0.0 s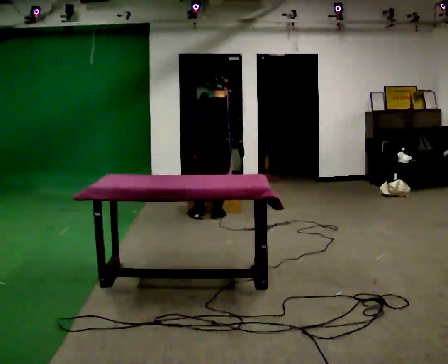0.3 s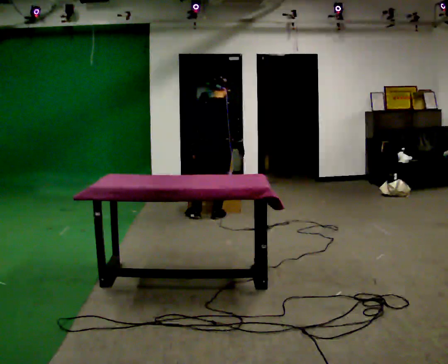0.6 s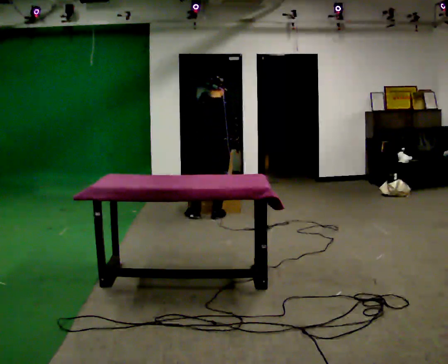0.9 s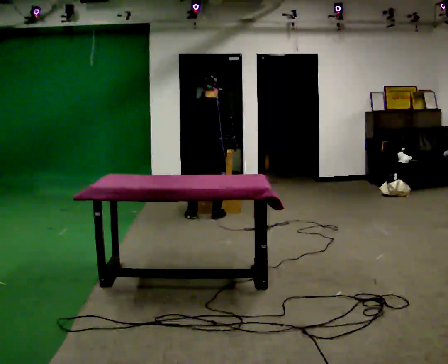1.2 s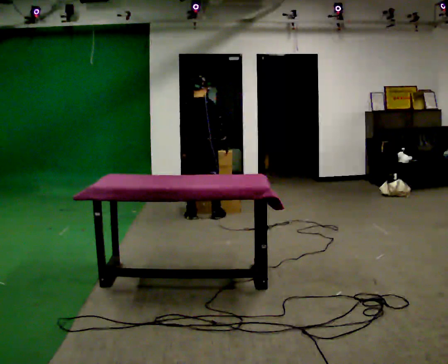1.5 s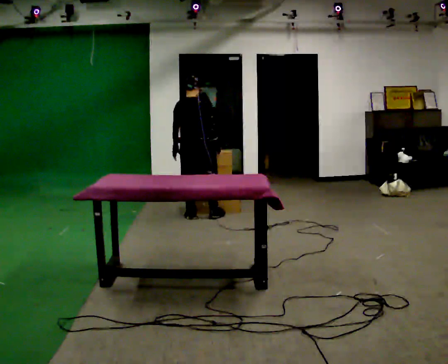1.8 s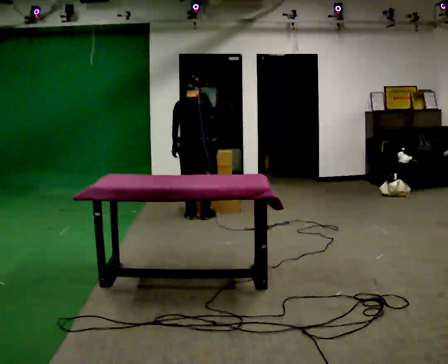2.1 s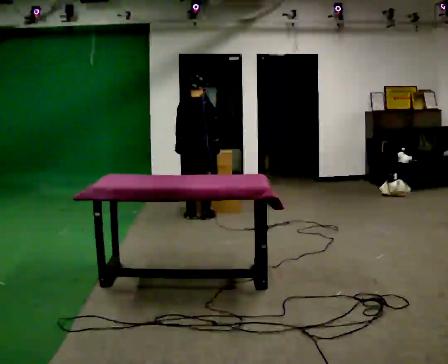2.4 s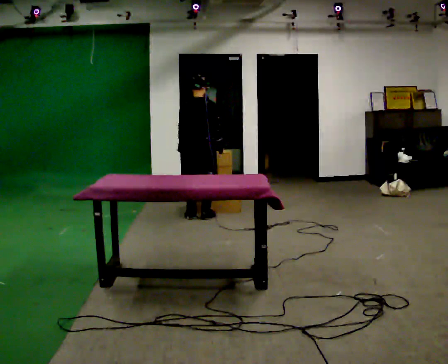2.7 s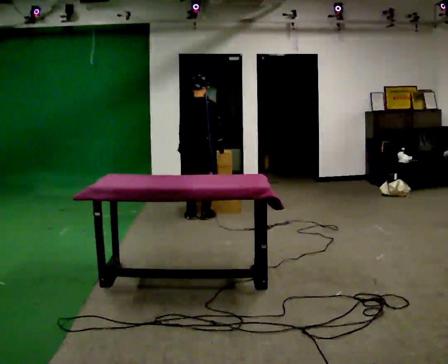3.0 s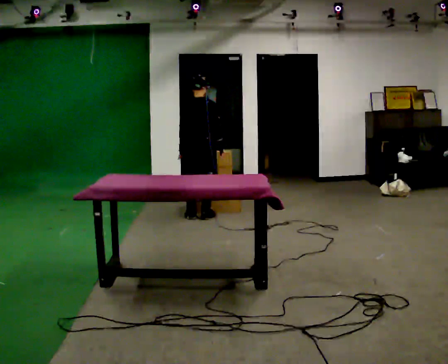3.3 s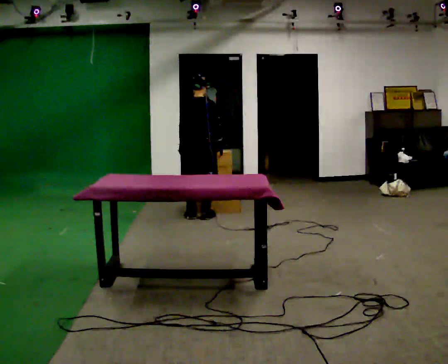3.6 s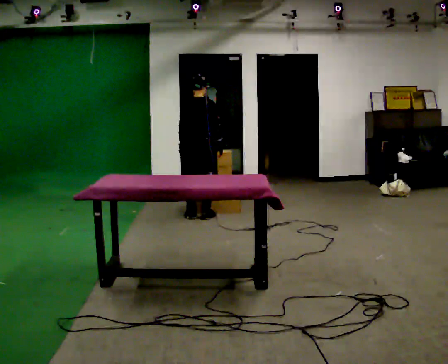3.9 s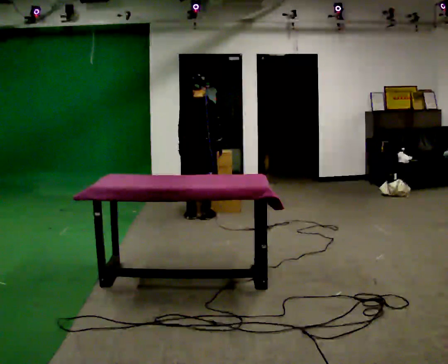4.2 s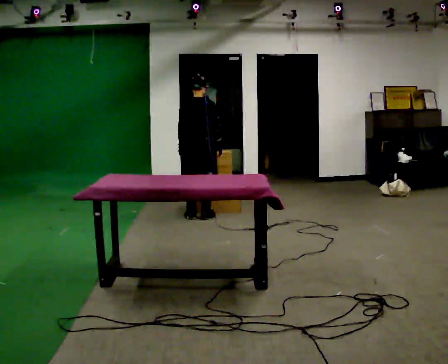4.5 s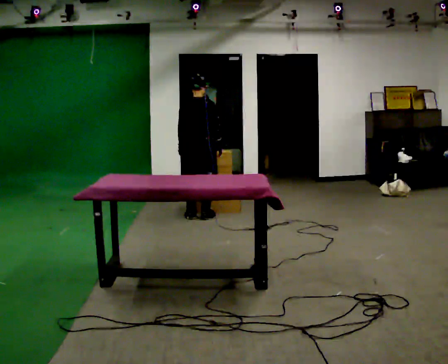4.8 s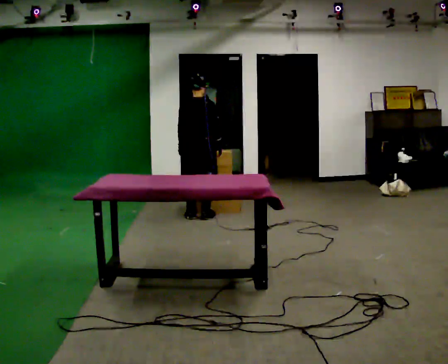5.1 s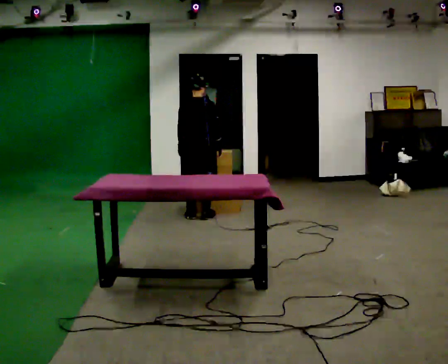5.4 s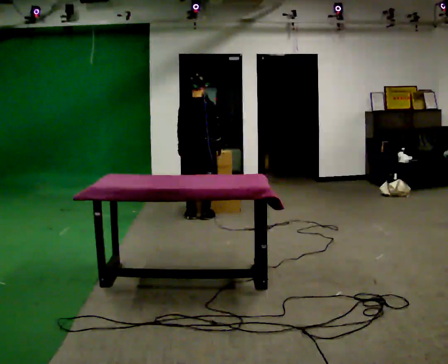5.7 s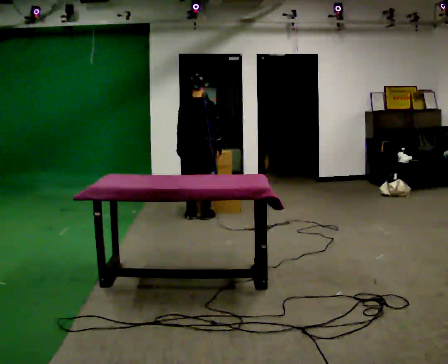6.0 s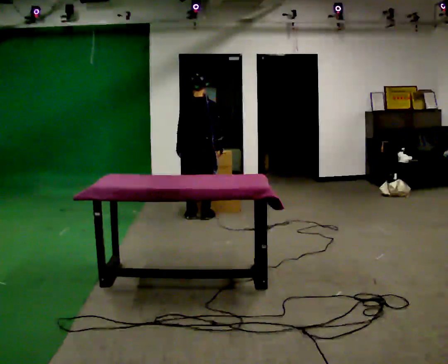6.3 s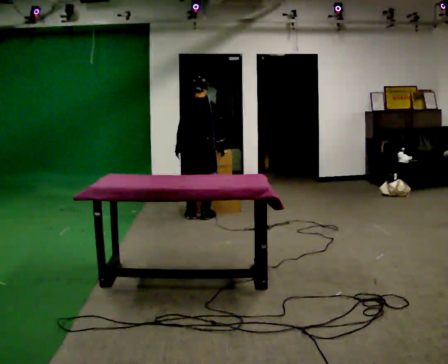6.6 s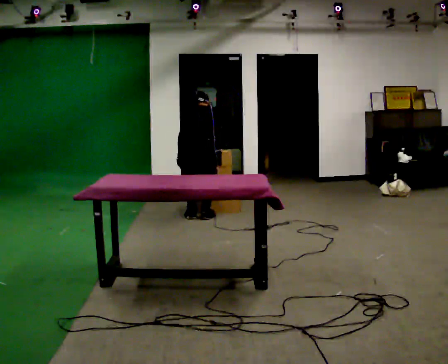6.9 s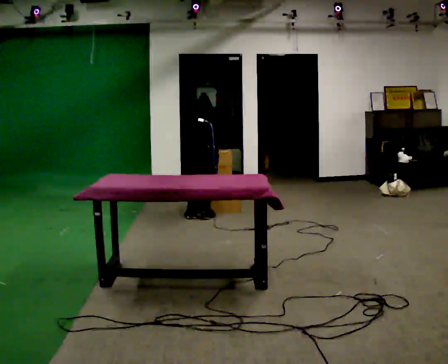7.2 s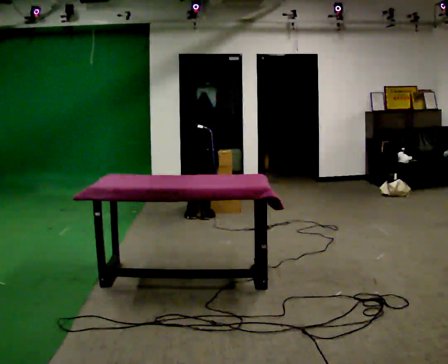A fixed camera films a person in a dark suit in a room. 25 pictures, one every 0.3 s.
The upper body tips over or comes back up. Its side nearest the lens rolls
upward.
The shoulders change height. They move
downward.
0.0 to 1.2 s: In the picture they go to the left, about 0.25 m, which for them is to their left.
1.2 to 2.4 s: The person moves a little, or ends about where they began.
2.4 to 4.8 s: The person keeps their place and pose.
4.8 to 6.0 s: The person moves a little, or ends about where they began.
6.0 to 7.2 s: The shoulders move downward. The upper body tips away from the camera, its near side rolling upward, as they bend forward. In the picture their left hand goes downward.
The film runs backward here.
